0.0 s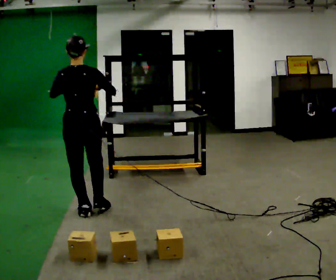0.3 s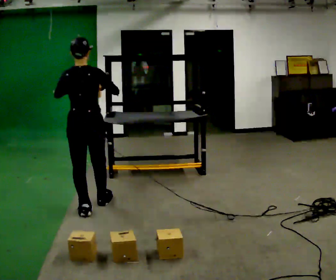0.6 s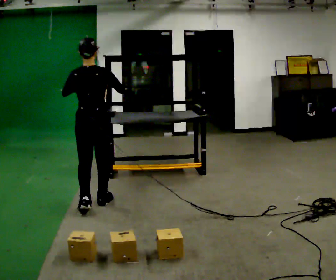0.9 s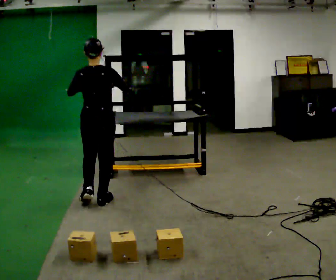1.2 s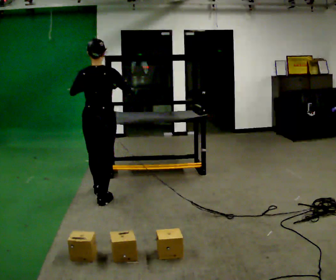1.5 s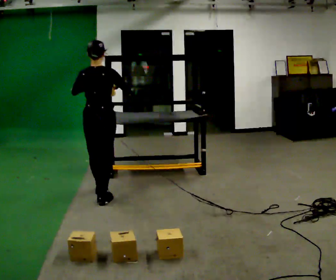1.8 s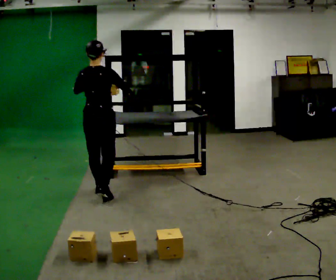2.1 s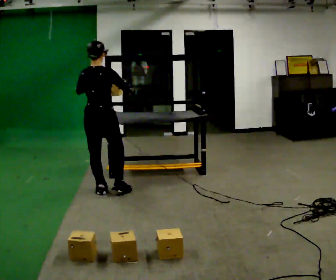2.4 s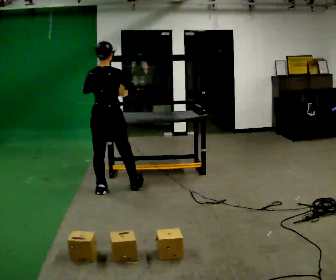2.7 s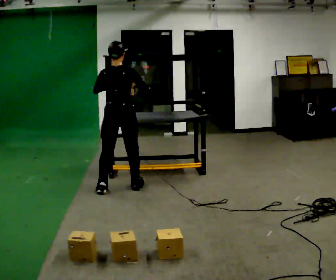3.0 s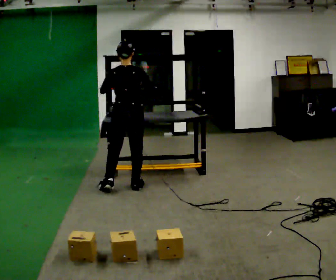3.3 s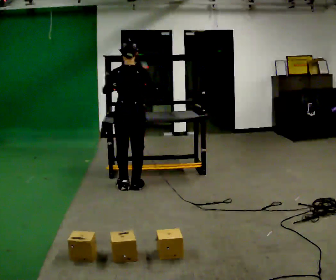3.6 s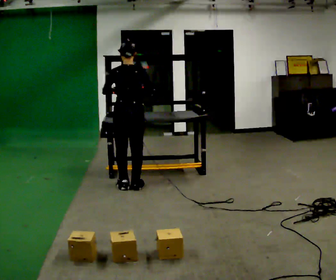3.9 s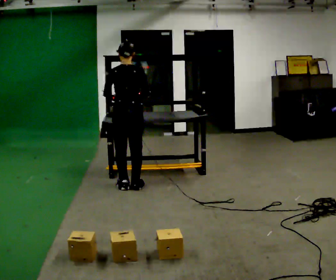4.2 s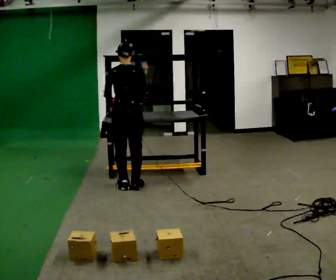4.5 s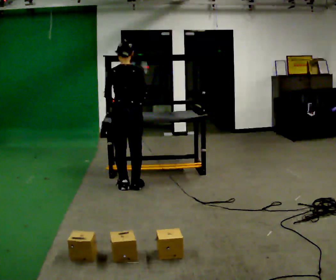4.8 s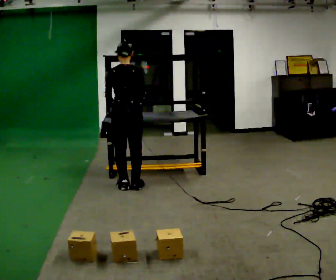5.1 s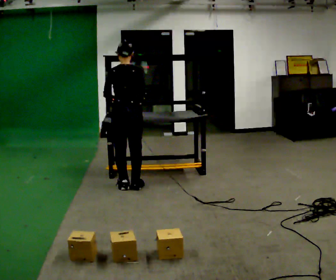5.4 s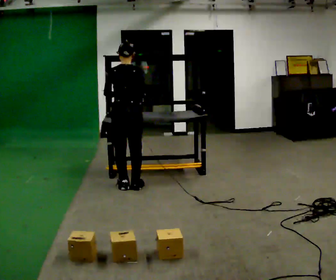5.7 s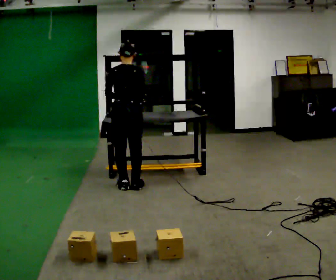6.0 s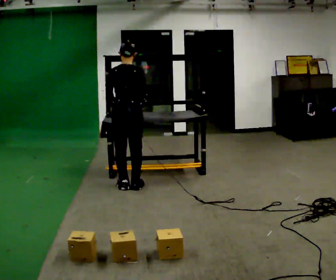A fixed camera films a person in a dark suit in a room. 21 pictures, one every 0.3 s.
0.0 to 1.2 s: In the picture they go away from the camera, about 0.25 m in 1 step, which for them is forward.
1.2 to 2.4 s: In the picture they go away from the camera, about 0.25 m in 2 steps, which for them is forward.
2.4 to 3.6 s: In the picture they go to the right, about 0.25 m in 1 step, which for them is to their right and forward.
3.6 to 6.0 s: The person moves a little, or ends about where they began.
The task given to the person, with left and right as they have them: Carry the box over and put it on the shelf with the label facing out towards you. Get the orientation right, not just the position. Keep going until the operator says stop; one object at a time, and do not rush between trips.
The film runs forward here.
